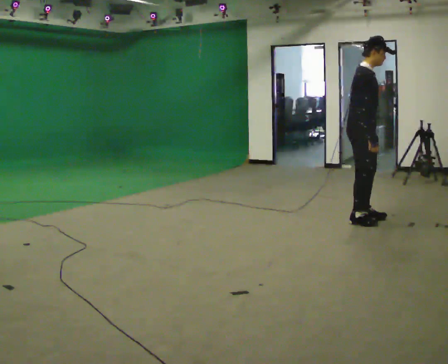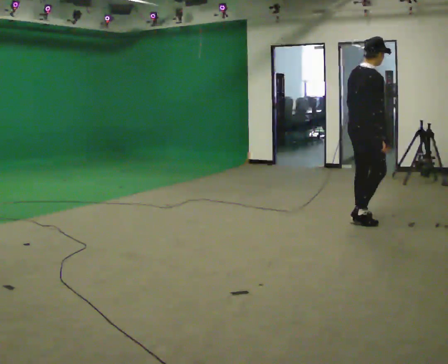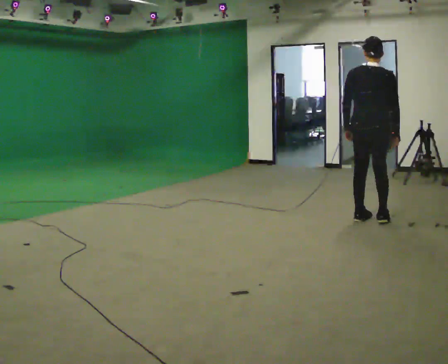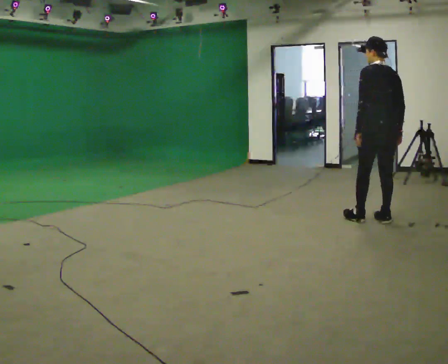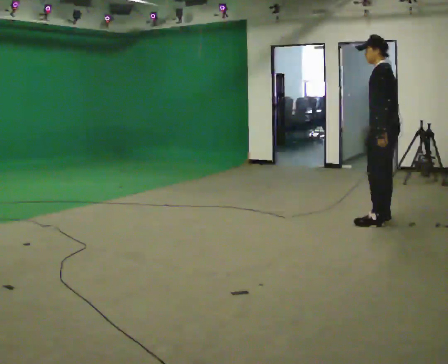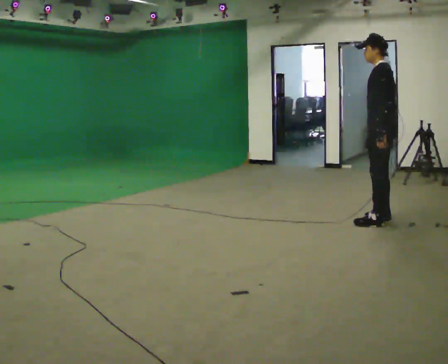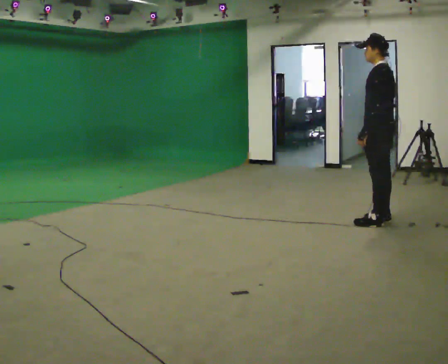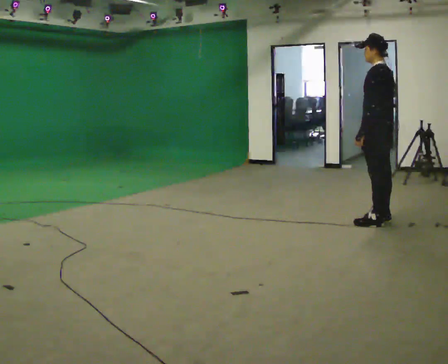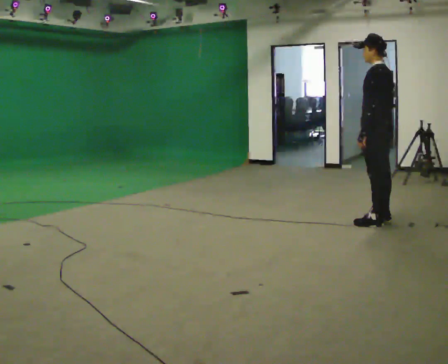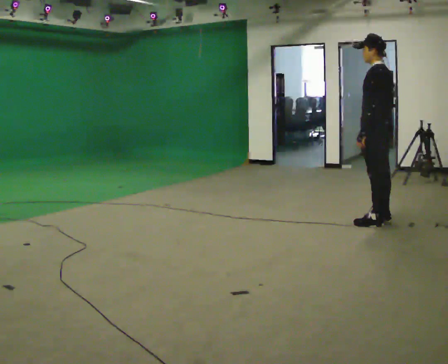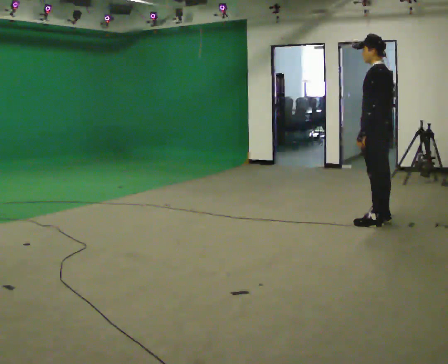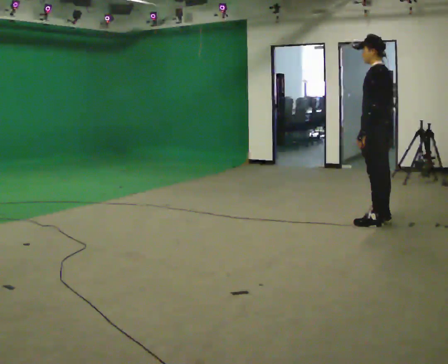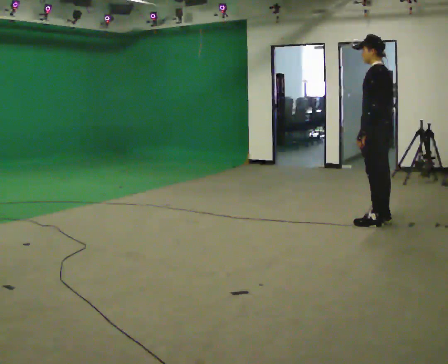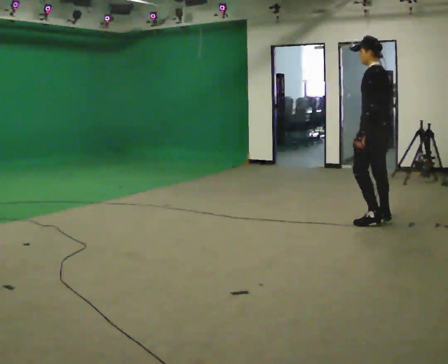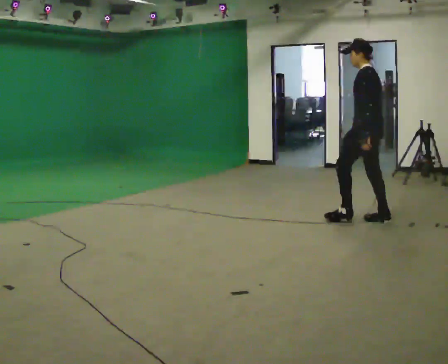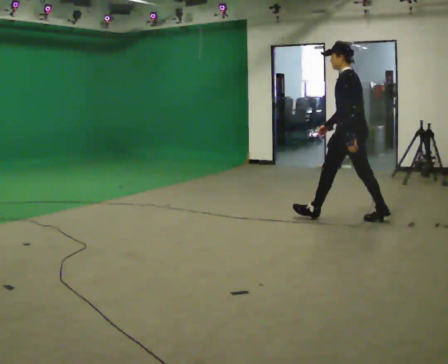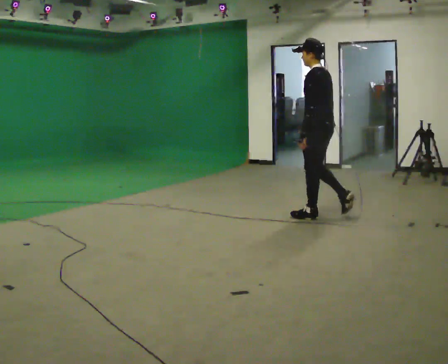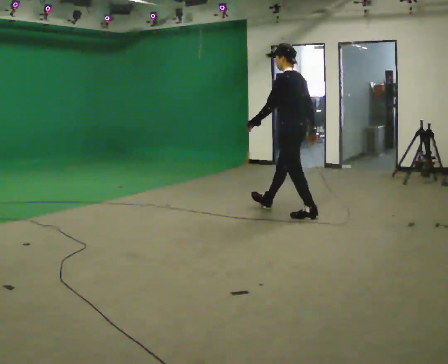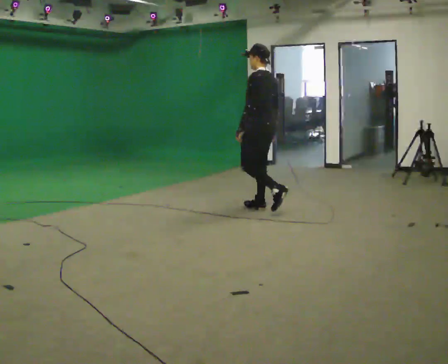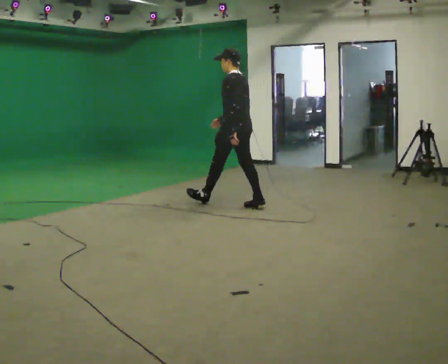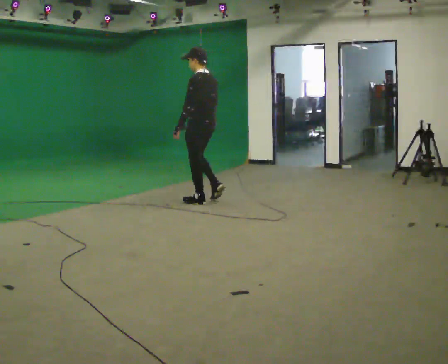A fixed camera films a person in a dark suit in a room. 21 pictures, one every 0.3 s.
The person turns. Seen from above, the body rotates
counterclockwise.
The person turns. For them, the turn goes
to their left.
0.0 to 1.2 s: The part of the body nearest the lens slides to the right as the person turns to their left by about 165 degrees. In the picture they go to the right, about 0.25 m in 2 steps. In the picture the upper body tilts counterclockwise, shoulders to the left.
1.2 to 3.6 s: The person moves a little, or ends about where they began.
3.6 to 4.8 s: In the picture they go to the left, about 0.5 m in 1 step, which for them is forward.
4.8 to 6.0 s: In the picture they go to the left, about 1.5 m in 2 steps, which for them is forward.
The film runs forward here.
